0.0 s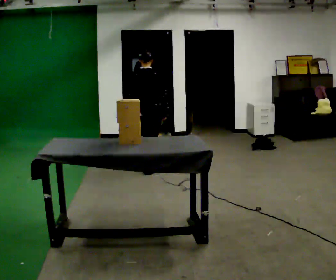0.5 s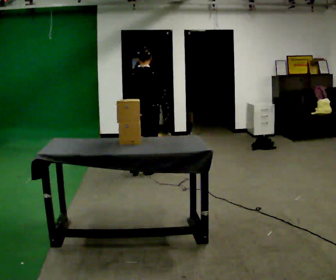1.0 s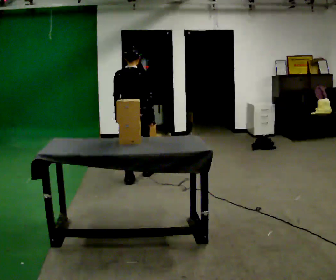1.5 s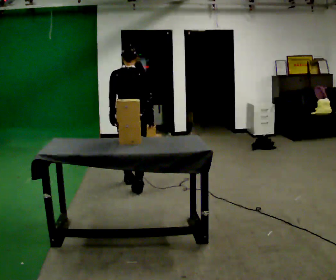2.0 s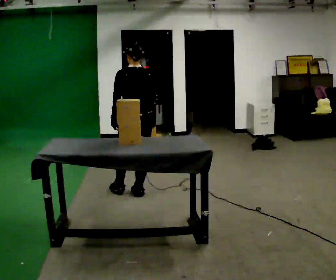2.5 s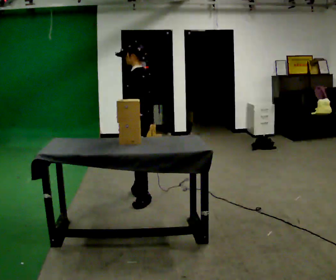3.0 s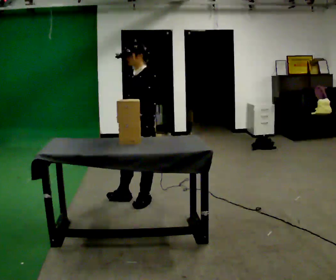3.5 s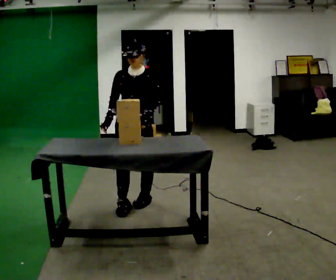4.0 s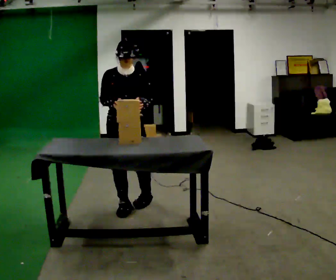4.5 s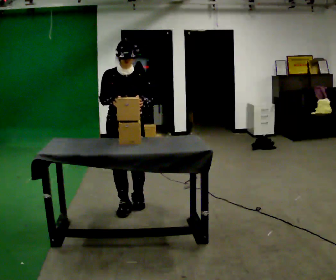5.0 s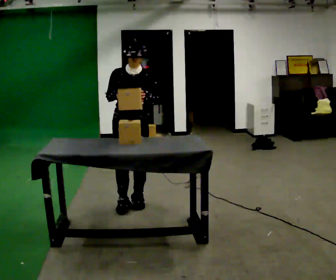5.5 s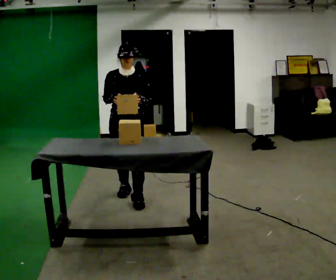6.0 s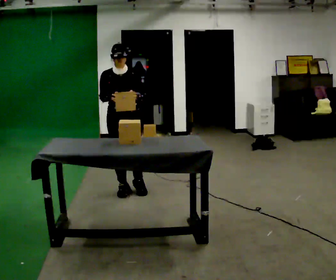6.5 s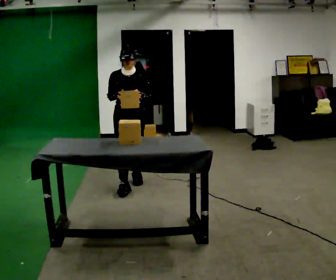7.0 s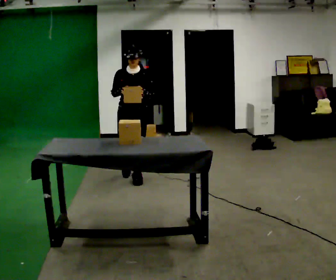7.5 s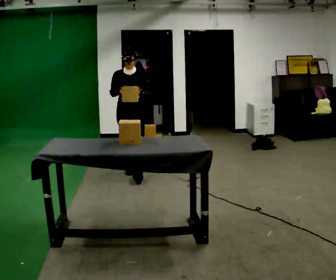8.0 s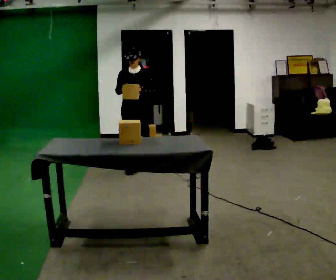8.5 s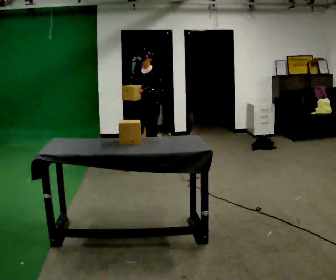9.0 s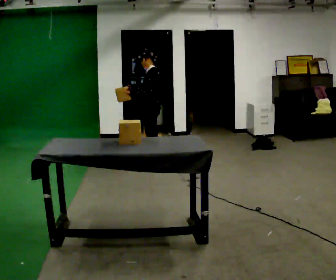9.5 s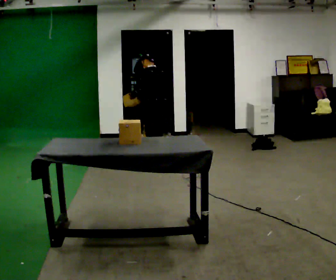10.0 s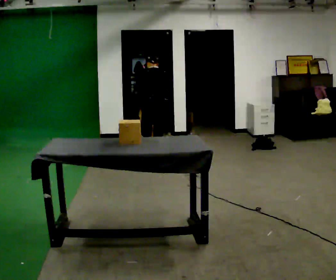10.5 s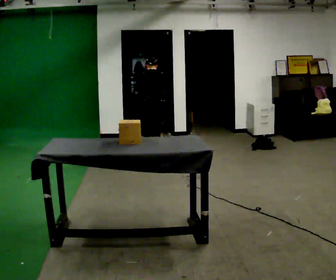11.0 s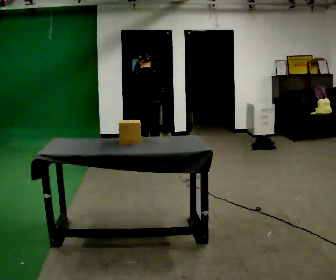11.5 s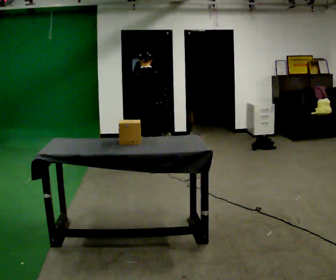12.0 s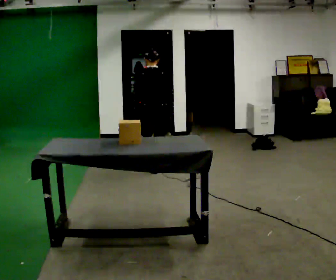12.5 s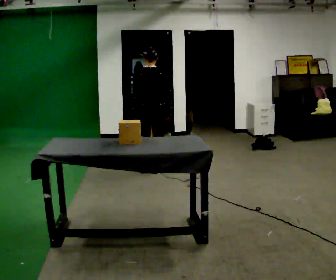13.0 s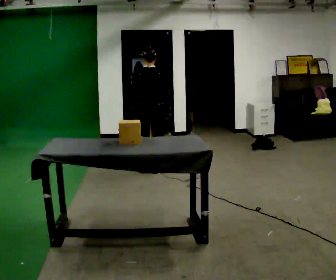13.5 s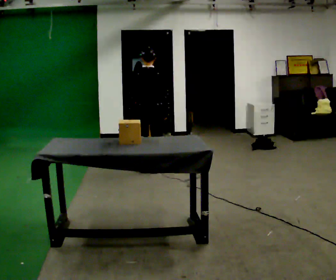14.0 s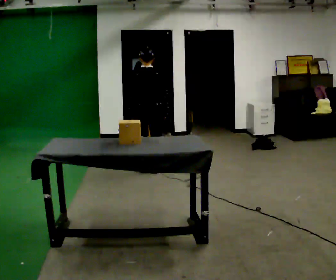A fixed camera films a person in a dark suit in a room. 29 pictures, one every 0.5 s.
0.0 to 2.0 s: The person turns about 30 degrees to their left, counterclockwise seen from above, so the part of the body nearest the lens slides to the right. In the picture they go toward the camera, about 1 m in 3 steps, which for them is backward.
2.0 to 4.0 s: Seen from above the body turns counterclockwise, about 165 degrees: to their left, with its near side sliding to the right. In the picture they go toward the camera, about 0.5 m in 1 step.
4.0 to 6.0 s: In the picture they go away from the camera, about 0.5 m in 2 steps, which for them is backward.
6.0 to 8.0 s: In the picture they go away from the camera, about 1 m in 2 steps, which for them is backward.
8.0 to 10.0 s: Seen from above the body turns clockwise, about 150 degrees: to their right, with its near side sliding to the left. In the picture they go away from the camera and to the right, about 0.5 m in 1 step. The upper body tips away from the camera, its near side rolling upward, as they bend forward.
10.0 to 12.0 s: In the picture they go toward the camera, about 0.5 m in 2 steps, which for them is backward. The upper body tips toward the camera, its near side rolling downward, as they lean back or straighten.
12.0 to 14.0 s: The person moves a little, or ends about where they began.
The film runs backward here.
